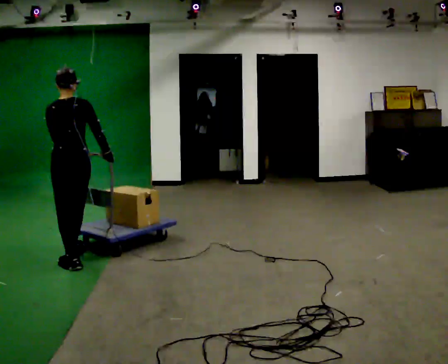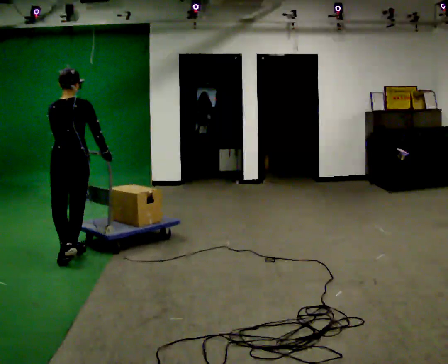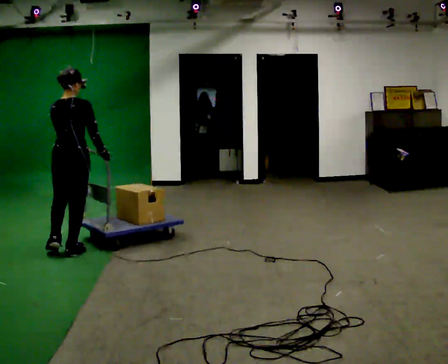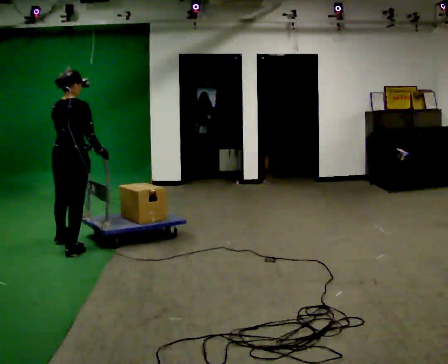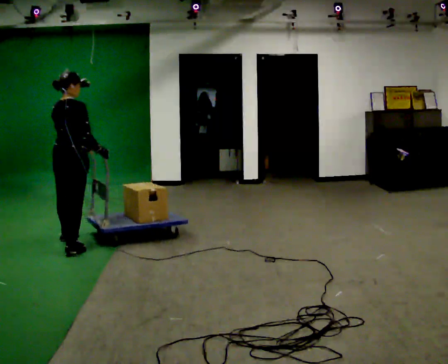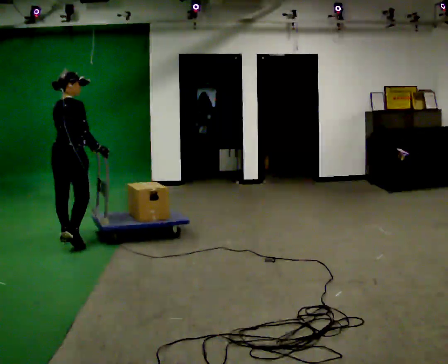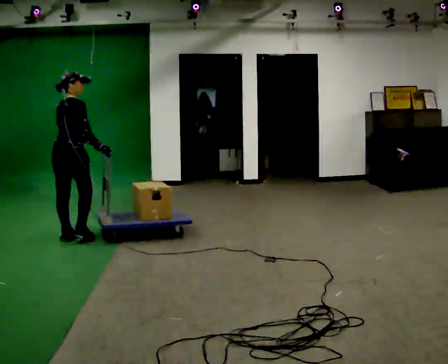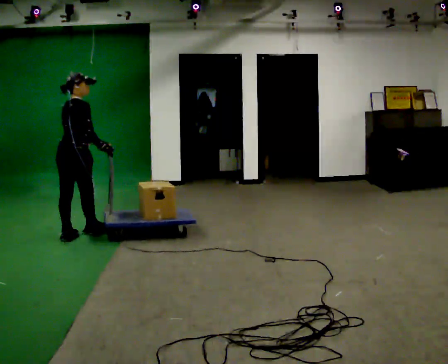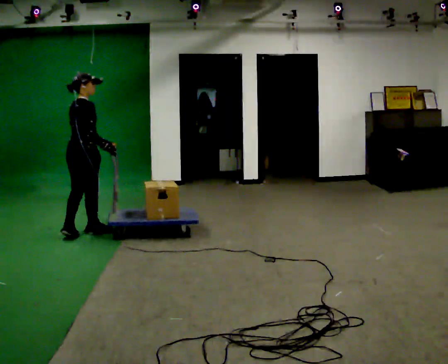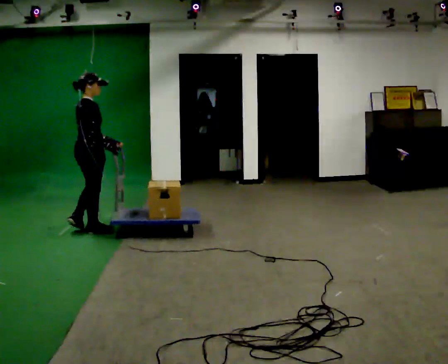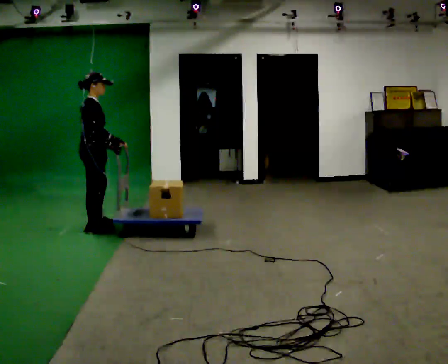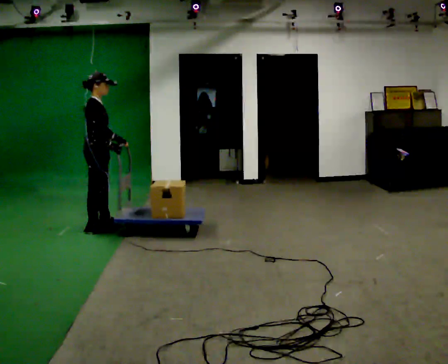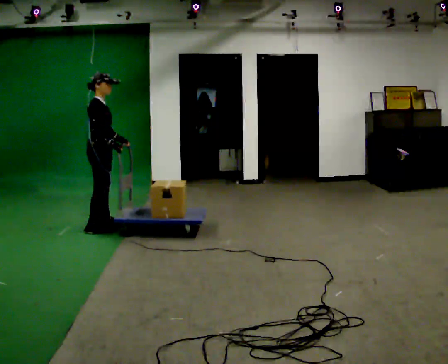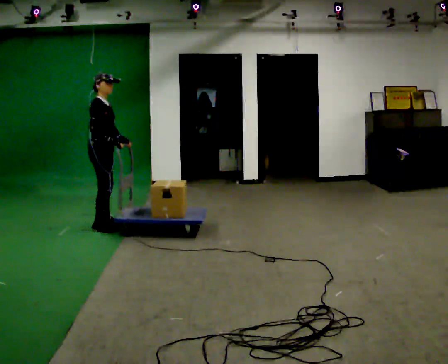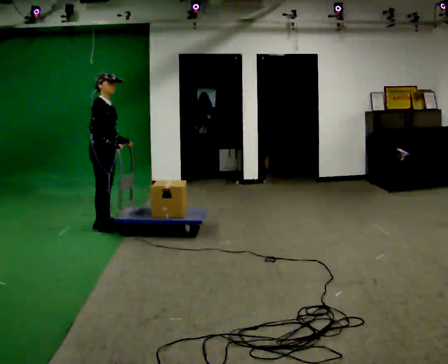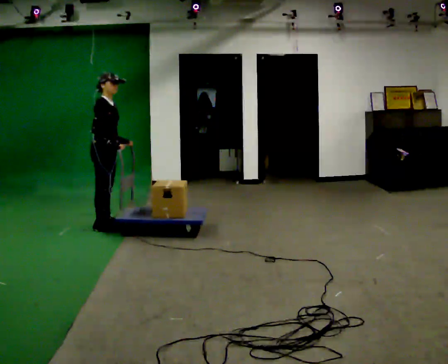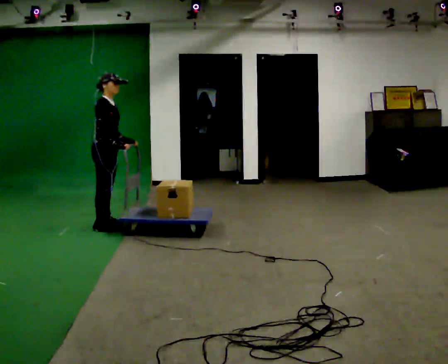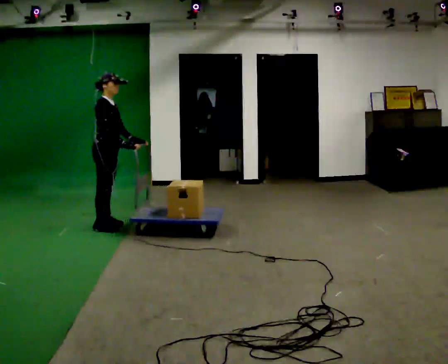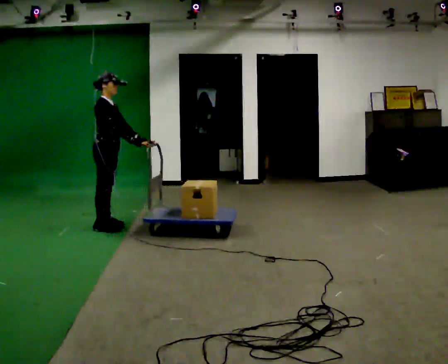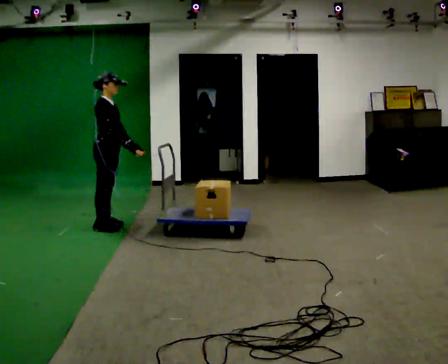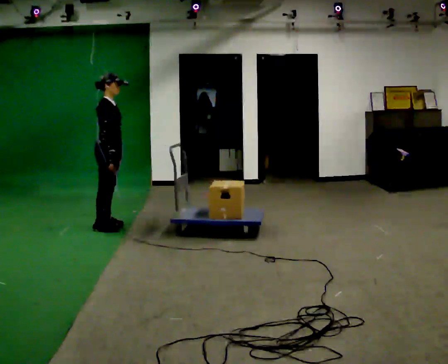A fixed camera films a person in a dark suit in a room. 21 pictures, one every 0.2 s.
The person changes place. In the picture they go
away from the camera.
The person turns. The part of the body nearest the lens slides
to the left.
0.0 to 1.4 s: The person turns about 60 degrees to their right, clockwise seen from above, so the part of the body nearest the lens slides to the left. In the picture they go away from the camera, about 0.75 m in 1 step, which for them is forward and to their left.
1.4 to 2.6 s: Seen from above the body turns clockwise, about 60 degrees: to their right, with its near side sliding to the left. In the picture they go away from the camera and to the right, about 0.5 m in 2 steps, which for them is forward and to their left.
2.6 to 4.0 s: The person moves a little, or ends about where they began.
The film runs forward here.
